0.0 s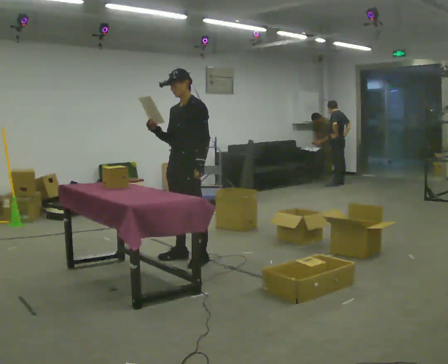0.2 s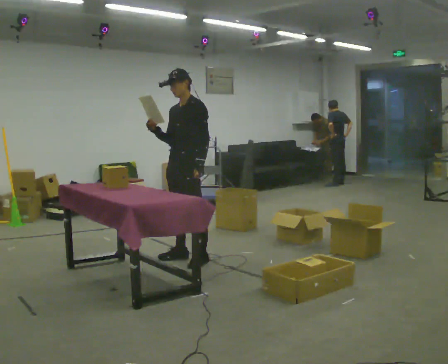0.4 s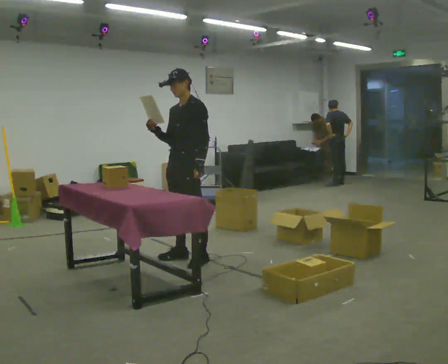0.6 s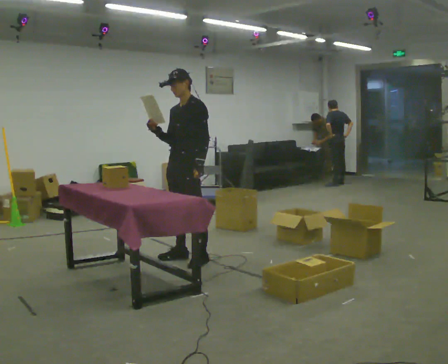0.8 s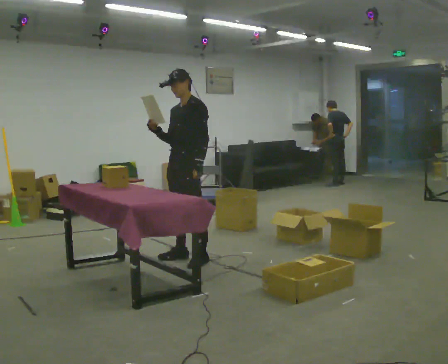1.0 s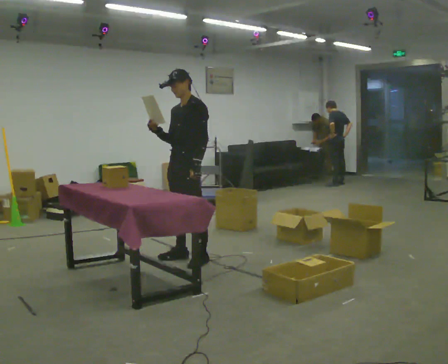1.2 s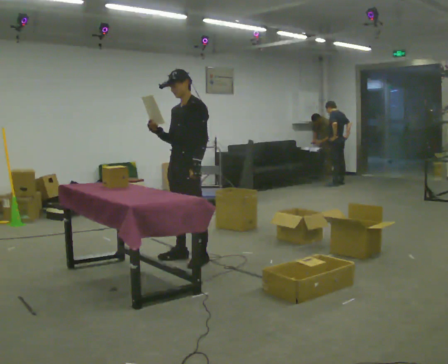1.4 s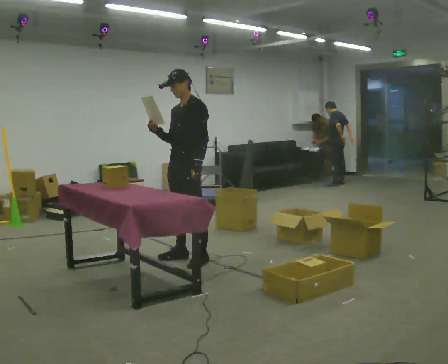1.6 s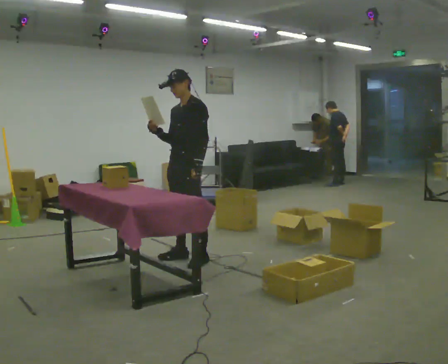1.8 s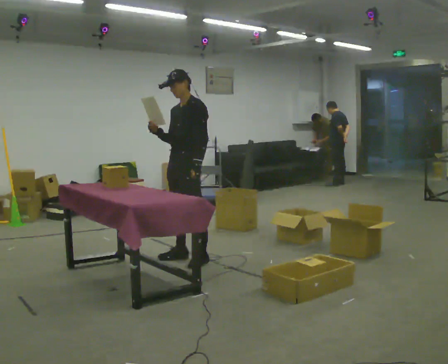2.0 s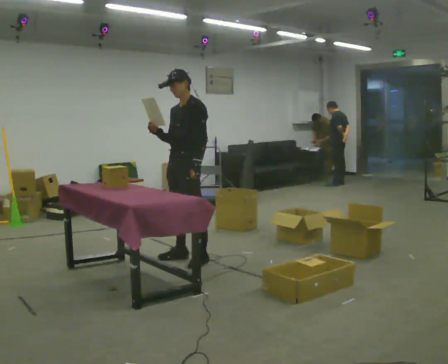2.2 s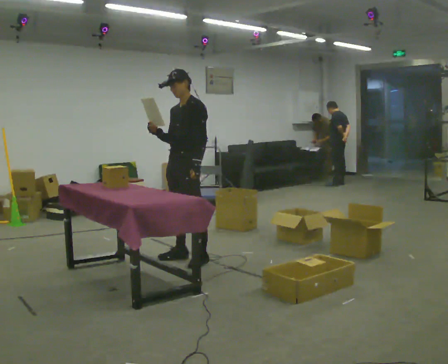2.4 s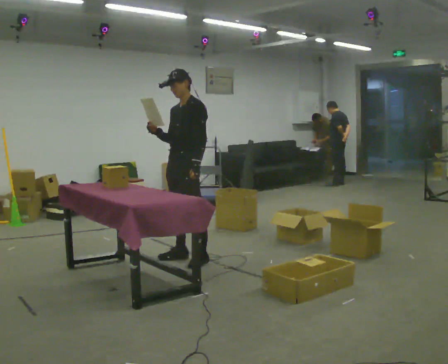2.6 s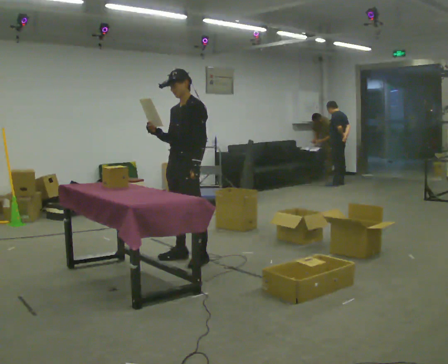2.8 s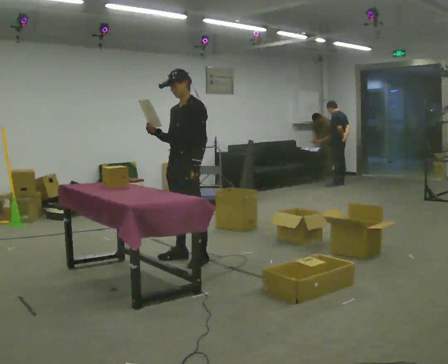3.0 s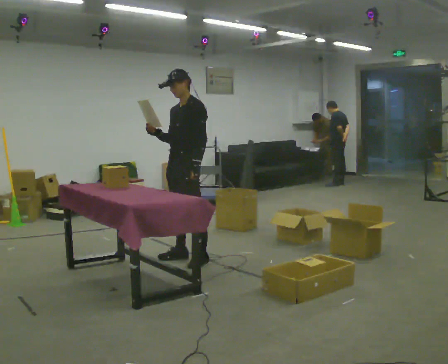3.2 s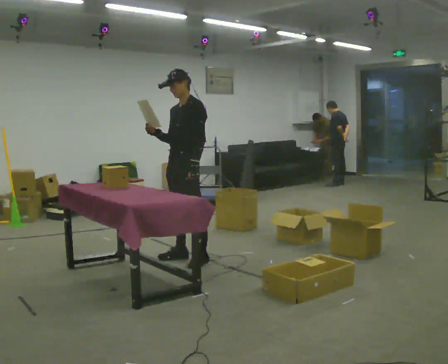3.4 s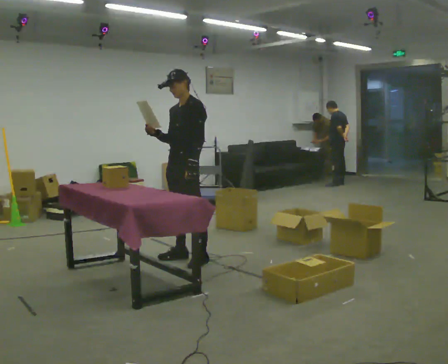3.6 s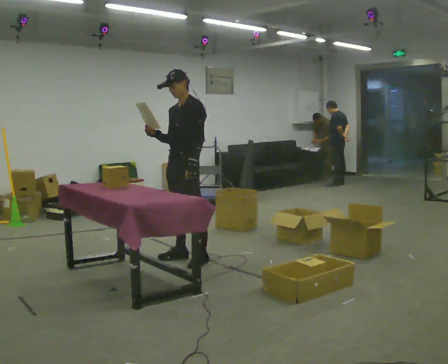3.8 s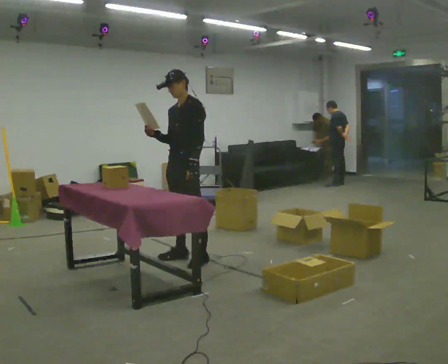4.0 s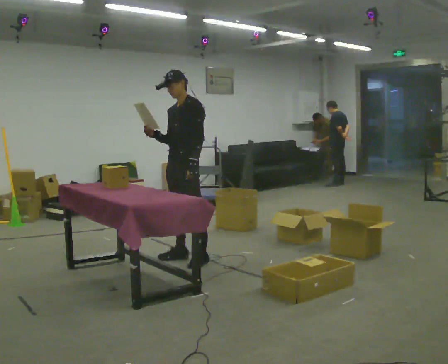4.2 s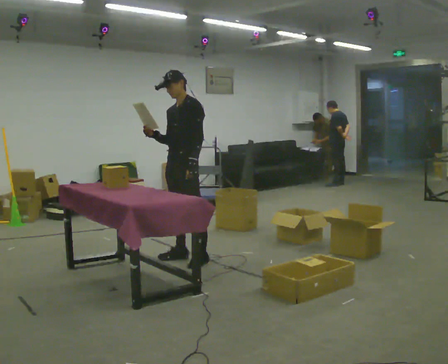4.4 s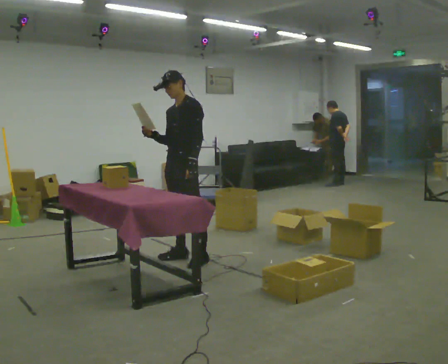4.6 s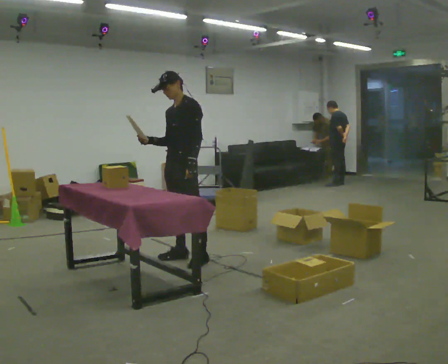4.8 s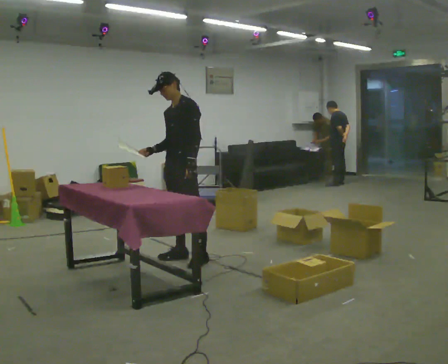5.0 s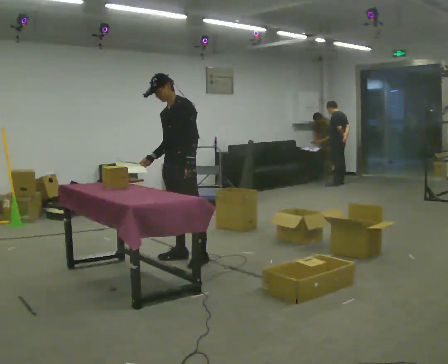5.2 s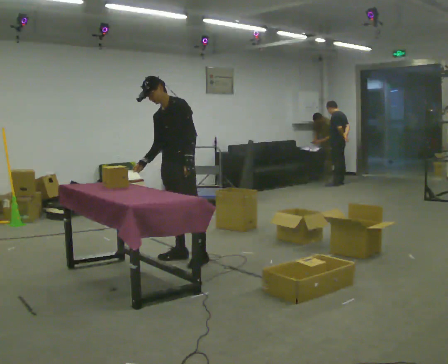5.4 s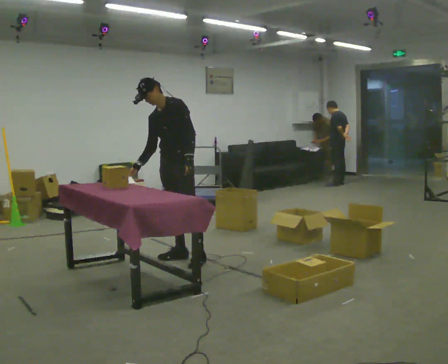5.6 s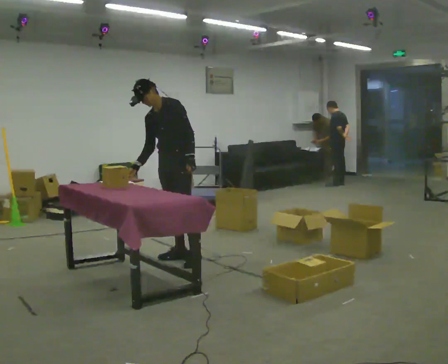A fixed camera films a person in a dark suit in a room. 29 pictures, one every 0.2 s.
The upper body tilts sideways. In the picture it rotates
counterclockwise.
0.0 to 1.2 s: The person moves a little, or ends about where they began.
1.2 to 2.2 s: The person keeps their place and pose.
2.2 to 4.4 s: The person moves a little, or ends about where they began.
4.4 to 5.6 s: In the picture the upper body tilts counterclockwise, shoulders to the left, as they bend forward. In the picture their right hand goes downward.
The film runs forward here.
